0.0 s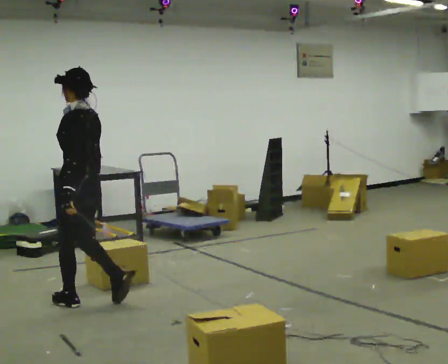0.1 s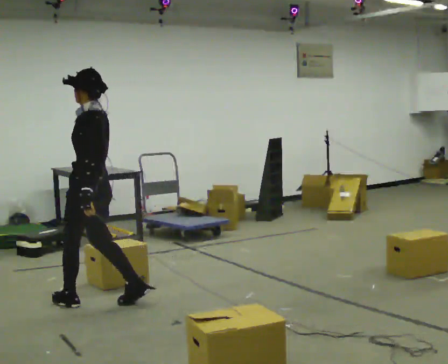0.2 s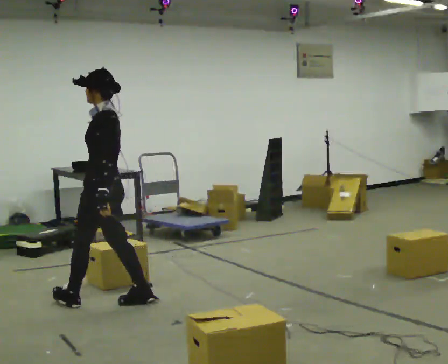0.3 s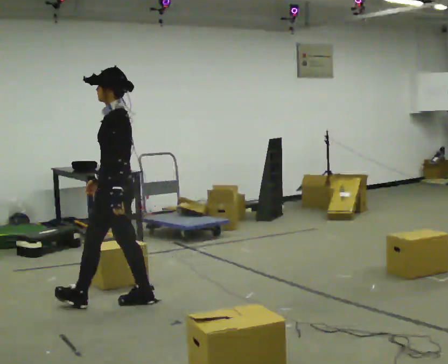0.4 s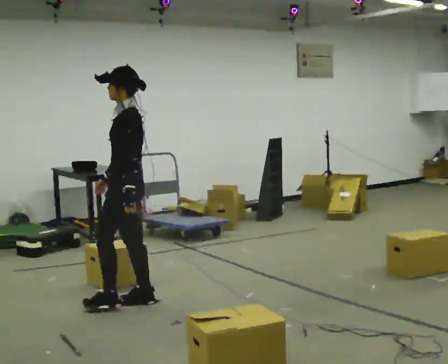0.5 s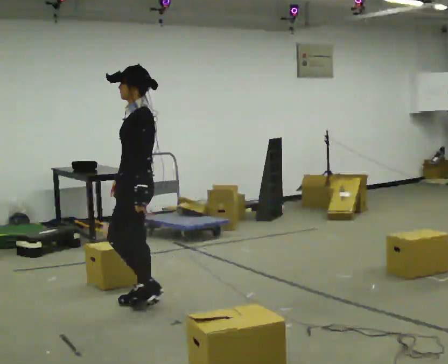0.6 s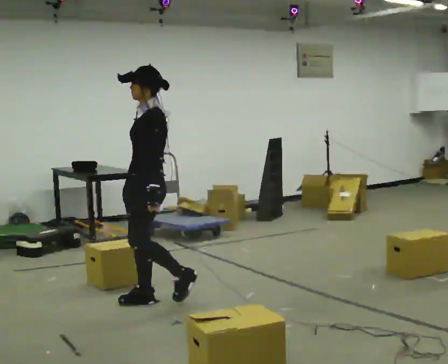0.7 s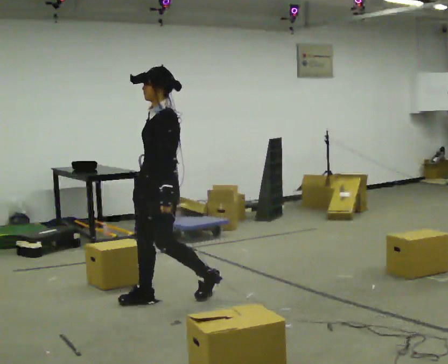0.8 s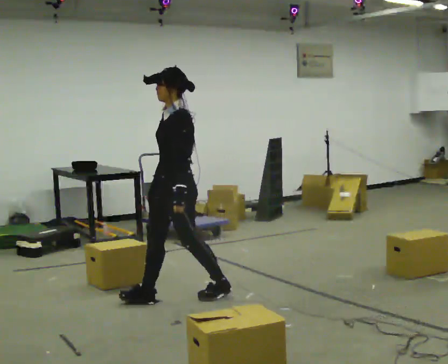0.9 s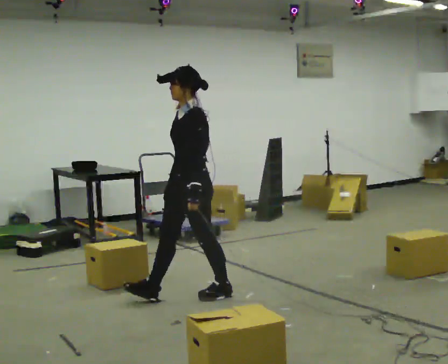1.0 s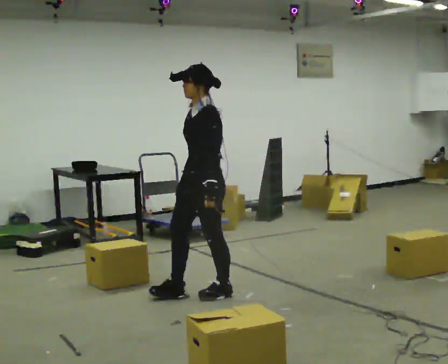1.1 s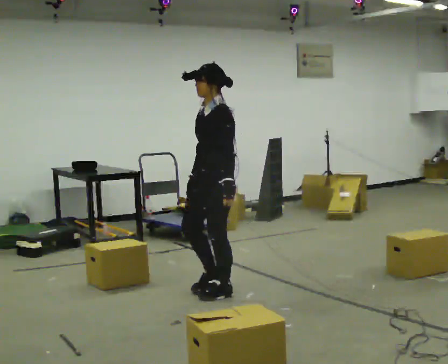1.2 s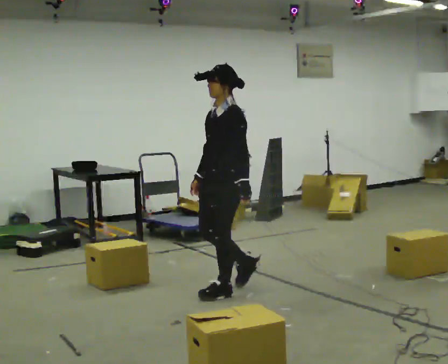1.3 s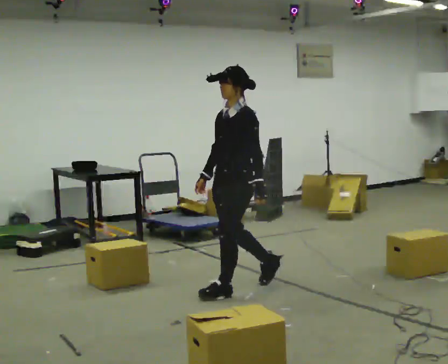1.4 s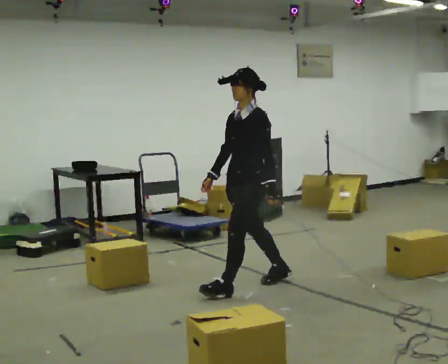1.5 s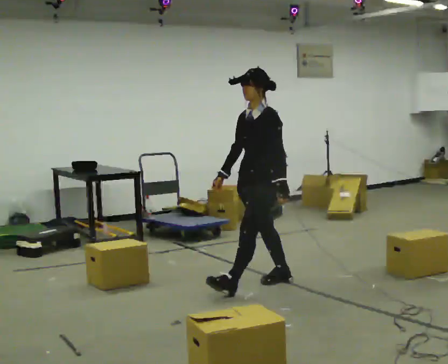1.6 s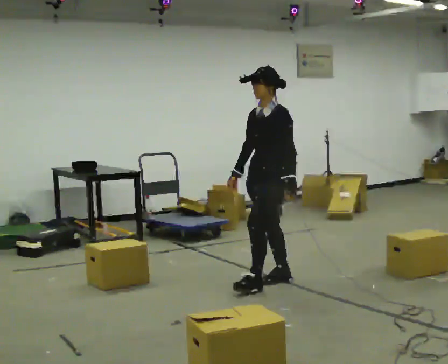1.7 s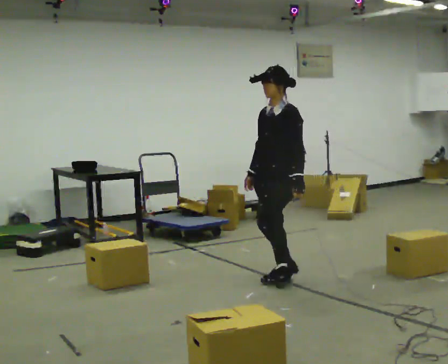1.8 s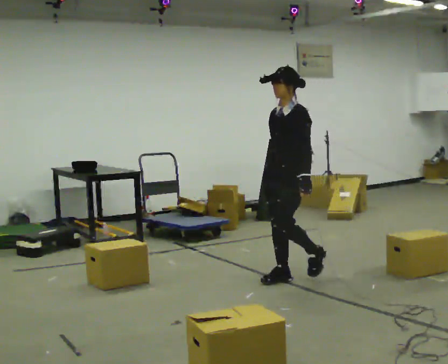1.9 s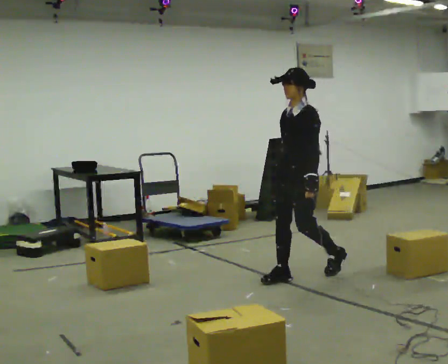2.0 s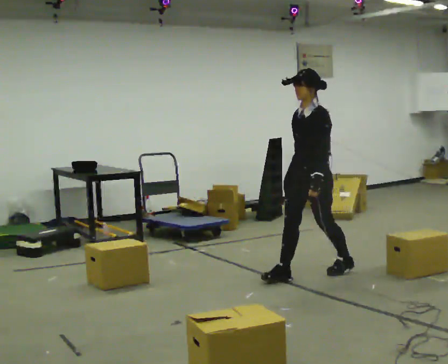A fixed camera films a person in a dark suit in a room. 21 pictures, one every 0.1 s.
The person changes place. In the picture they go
to the right.
0.0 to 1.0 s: The part of the body nearest the lens slides to the right as the person turns to their left by about 45 degrees. In the picture they go to the right, about 1 m in 2 steps, which for them is backward.
1.0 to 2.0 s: In the picture they go to the right and away from the camera, about 1 m in 1 step, which for them is backward.
The film runs backward here.
